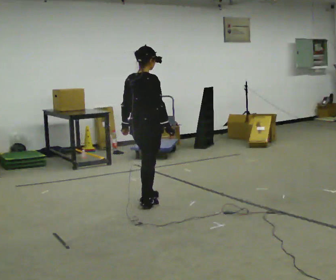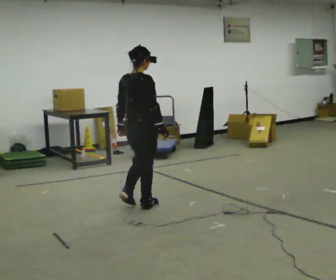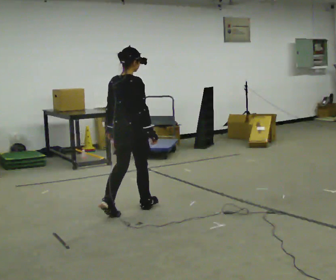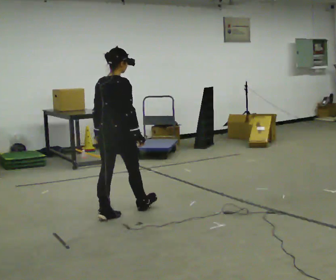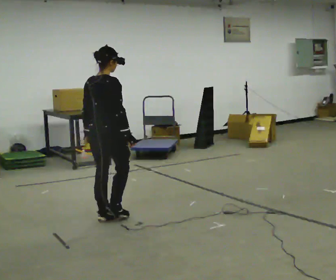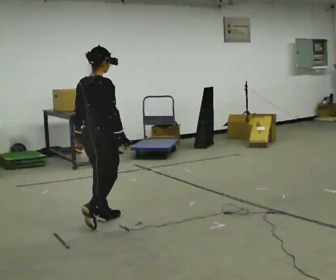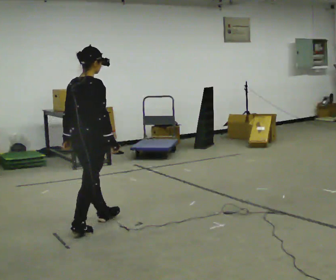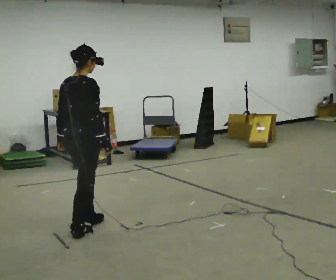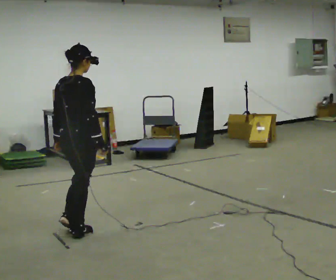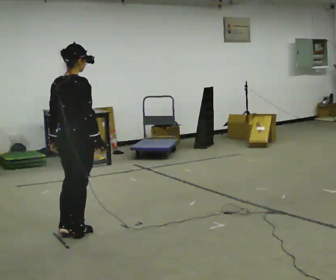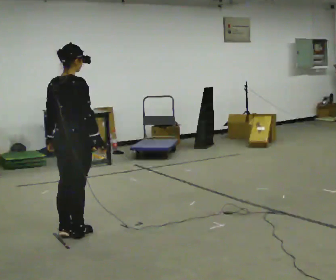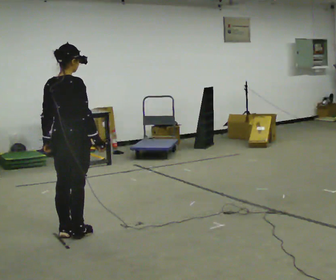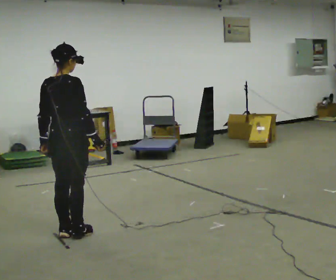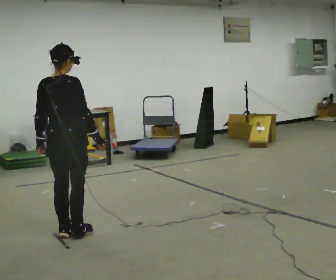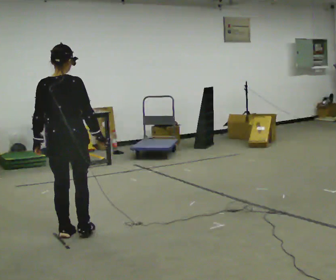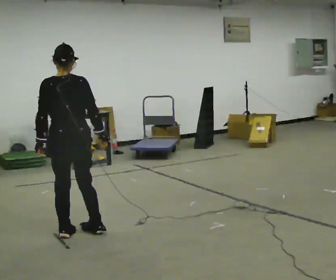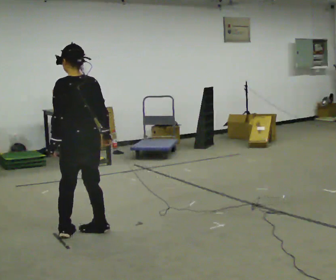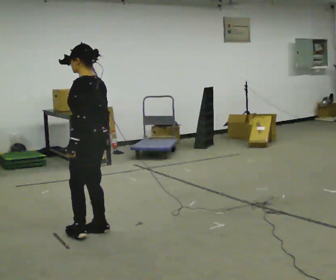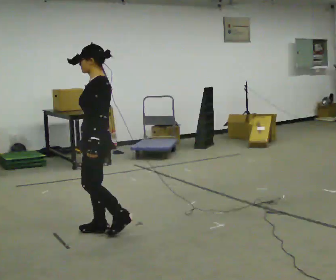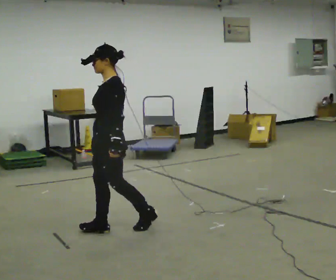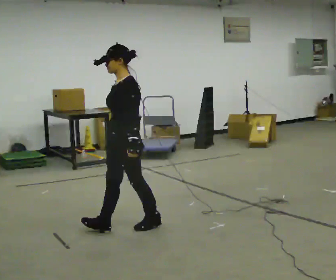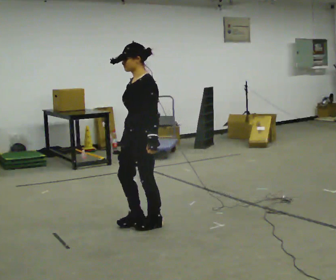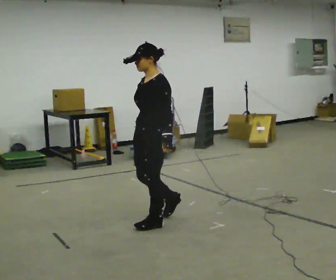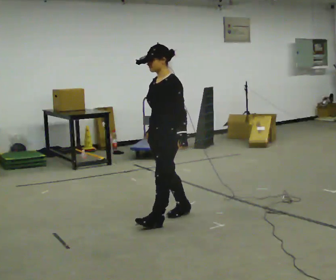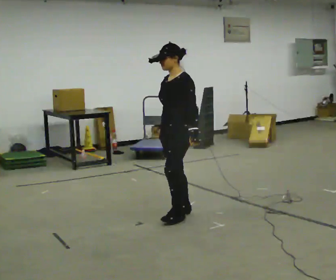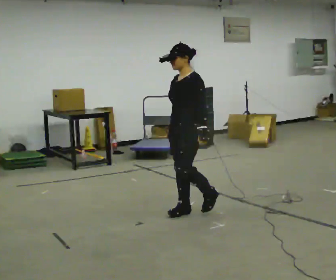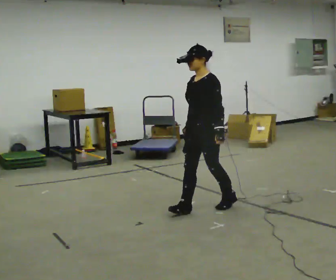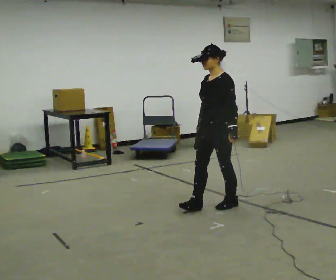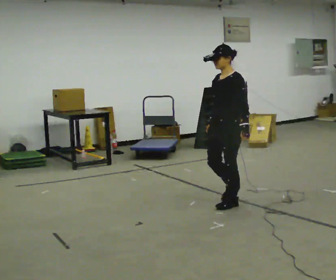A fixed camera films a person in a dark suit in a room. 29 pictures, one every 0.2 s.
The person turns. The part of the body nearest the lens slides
to the right.
The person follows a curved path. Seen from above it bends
counterclockwise.
0.0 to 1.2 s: In the picture they go to the left and toward the camera, about 1 m in 1 step, which for them is backward.
1.2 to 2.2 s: The person moves a little, or ends about where they began.
2.2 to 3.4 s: The person turns about 90 degrees to their left, counterclockwise seen from above, so the part of the body nearest the lens slides to the right. In the picture they go to the right, about 0.25 m in 2 steps.
3.4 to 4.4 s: The part of the body nearest the lens slides to the right as the person turns to their left by about 45 degrees. In the picture they go to the right, about 0.5 m in 1 step, which for them is backward.
4.4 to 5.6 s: In the picture they go to the right and away from the camera, about 1 m in 2 steps, which for them is backward.
The film runs backward here.
